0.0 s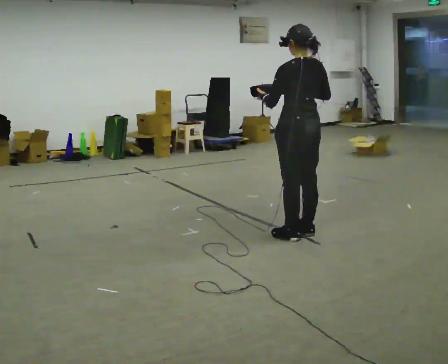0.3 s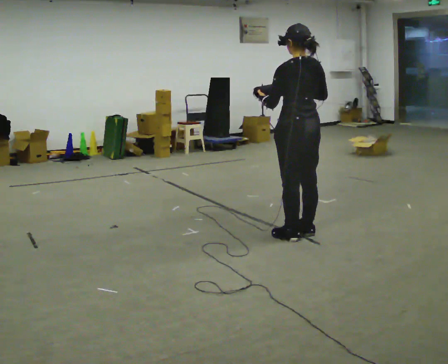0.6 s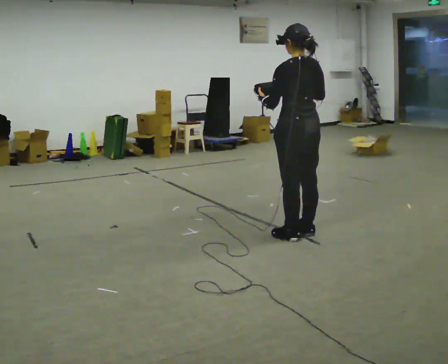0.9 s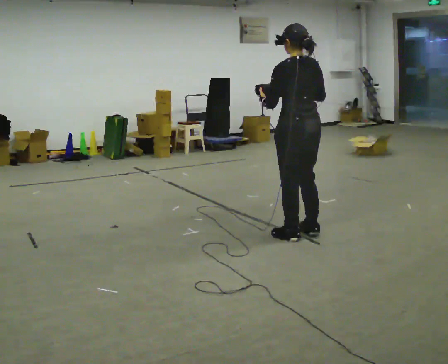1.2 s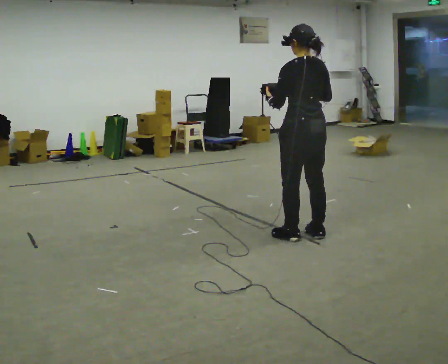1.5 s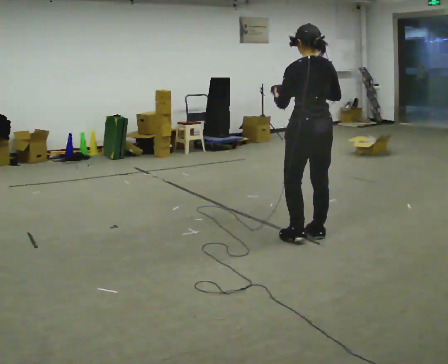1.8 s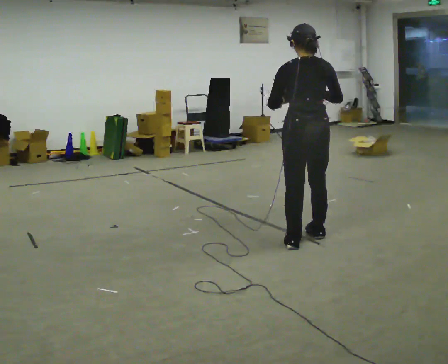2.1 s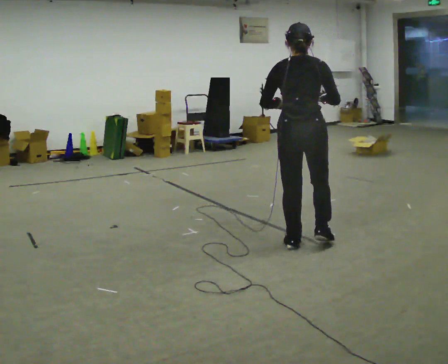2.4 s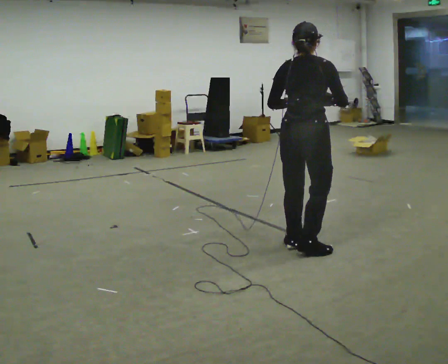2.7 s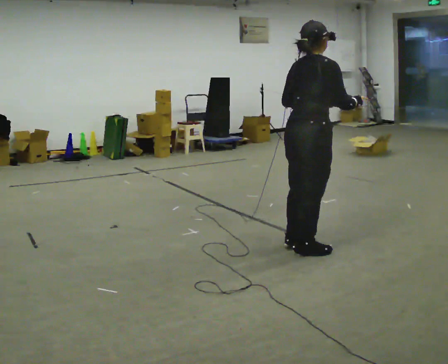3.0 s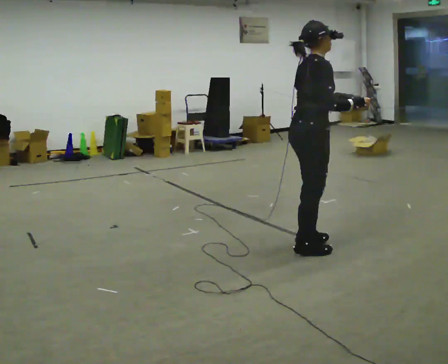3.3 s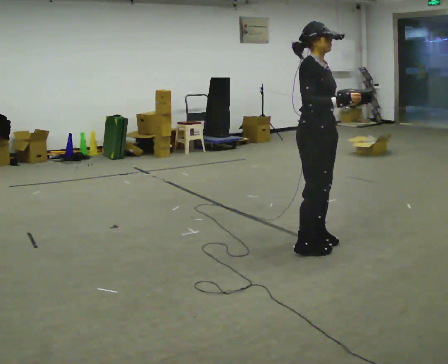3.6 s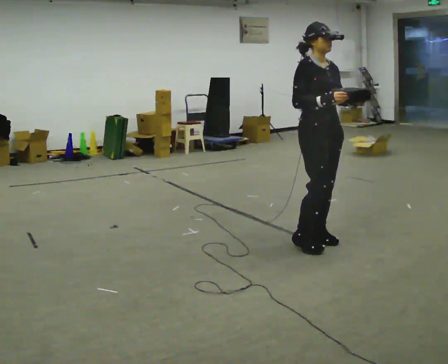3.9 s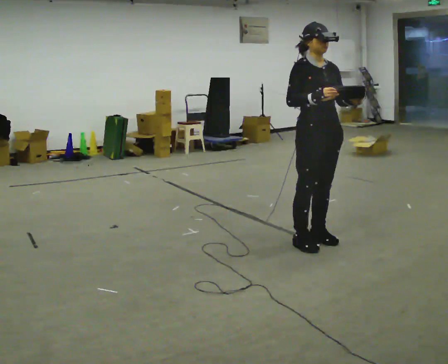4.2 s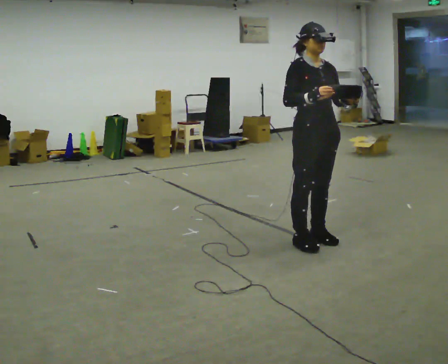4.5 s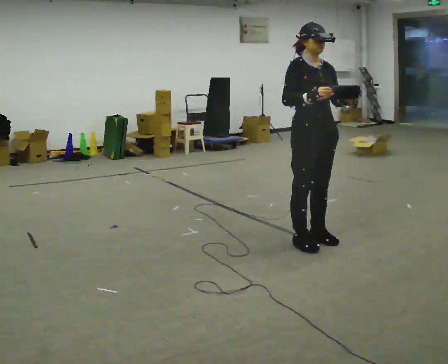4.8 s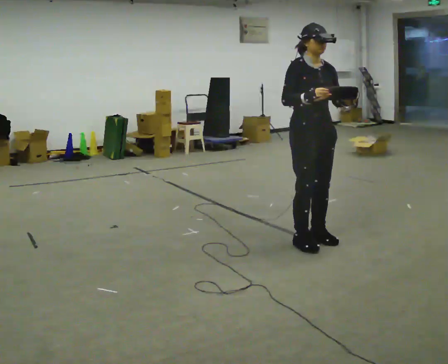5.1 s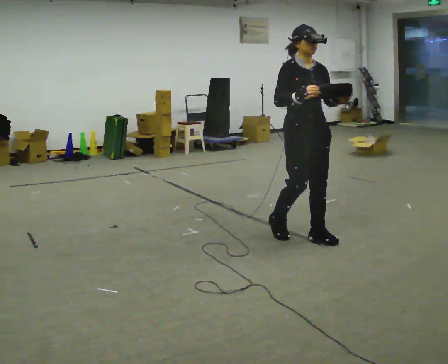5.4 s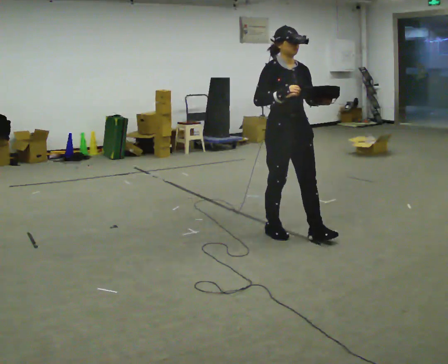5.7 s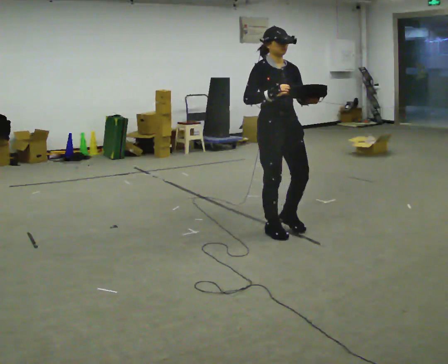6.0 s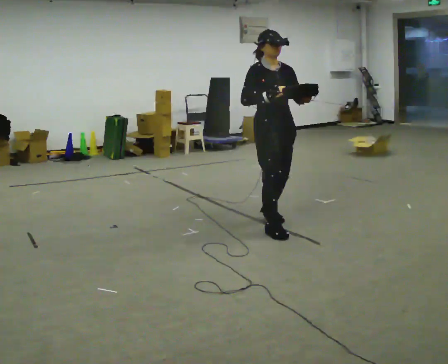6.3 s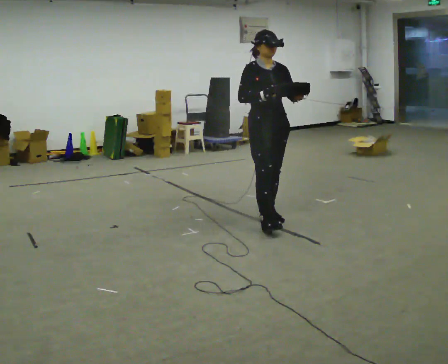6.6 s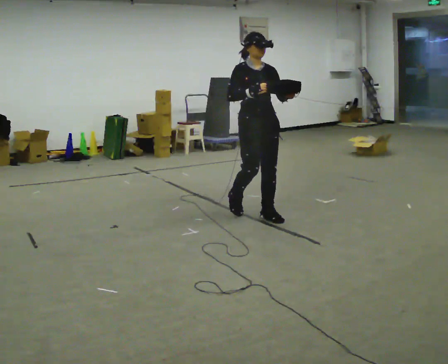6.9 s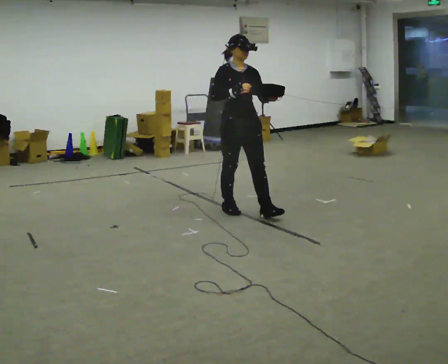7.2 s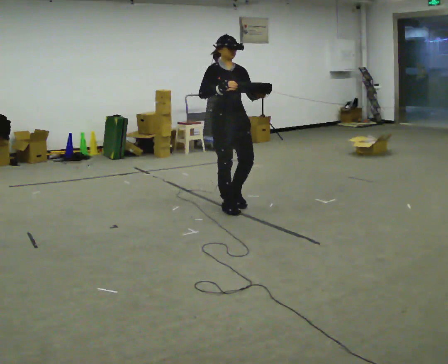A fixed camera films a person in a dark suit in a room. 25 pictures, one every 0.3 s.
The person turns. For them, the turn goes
to their right.
The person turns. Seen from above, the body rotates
clockwise.
0.0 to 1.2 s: The person moves a little, or ends about where they began.
1.2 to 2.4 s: Seen from above the body turns clockwise, about 60 degrees: to their right, with its near side sliding to the left. In the picture they go toward the camera, about 0.25 m in 2 steps, which for them is backward.
2.4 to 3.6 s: The part of the body nearest the lens slides to the left as the person turns to their right by about 105 degrees.
3.6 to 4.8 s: The person moves a little, or ends about where they began.
4.8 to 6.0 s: In the picture they go to the left and away from the camera, about 0.5 m in 2 steps, which for them is backward.
6.0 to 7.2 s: In the picture they go to the left and away from the camera, about 0.75 m in 2 steps, which for them is backward.
The film runs backward here.
